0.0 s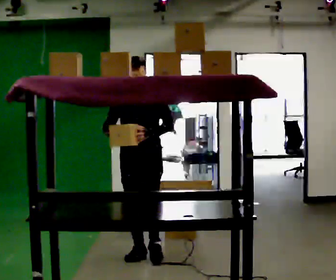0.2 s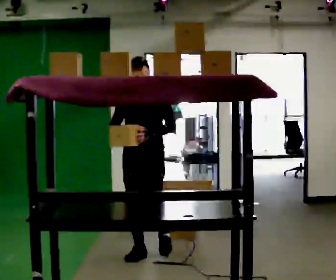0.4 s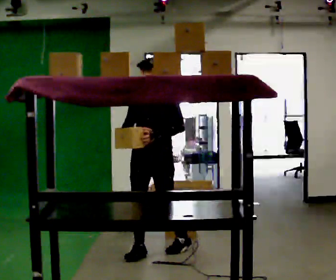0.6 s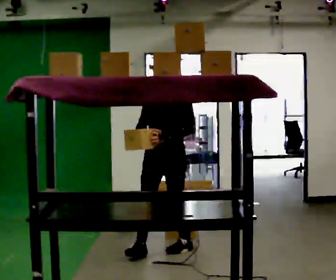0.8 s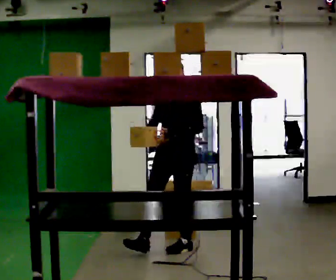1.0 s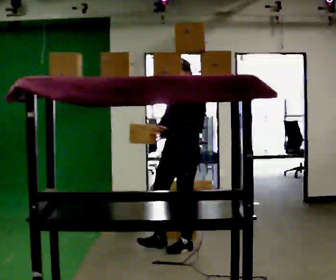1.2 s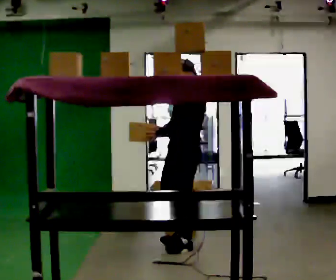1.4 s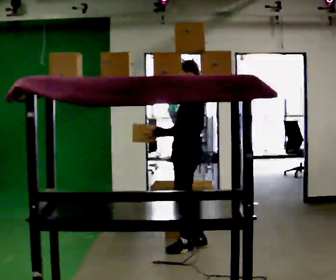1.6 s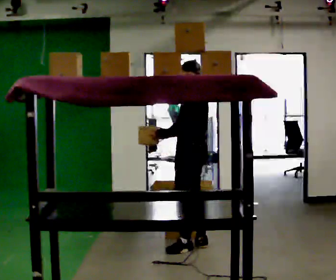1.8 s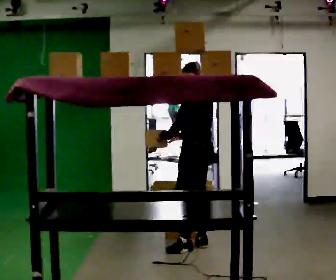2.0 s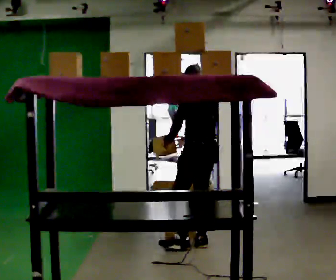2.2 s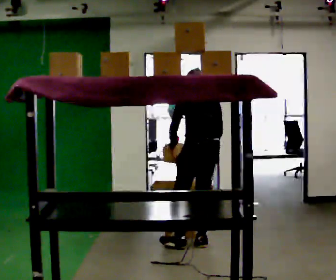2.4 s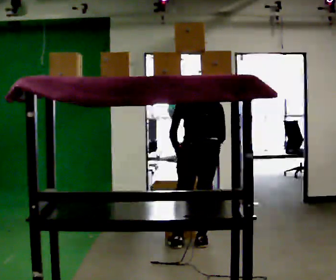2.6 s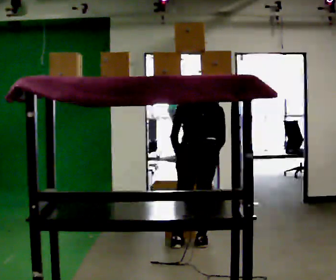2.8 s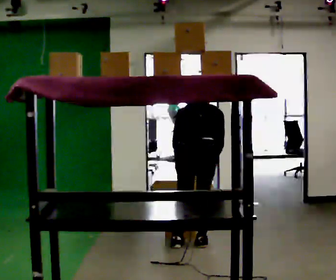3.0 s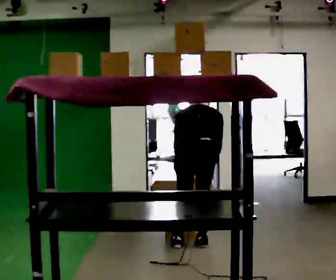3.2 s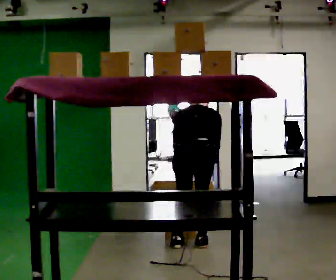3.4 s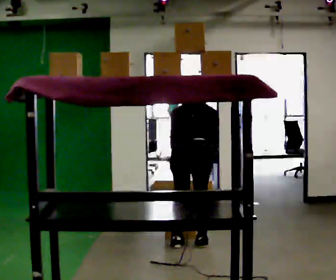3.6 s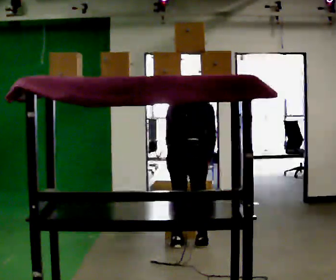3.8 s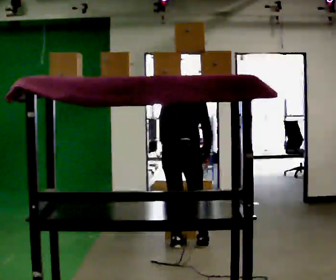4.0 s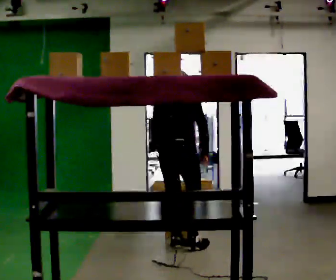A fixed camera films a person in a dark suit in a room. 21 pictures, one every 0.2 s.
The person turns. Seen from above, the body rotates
clockwise.
The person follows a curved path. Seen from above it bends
counterclockwise.
0.0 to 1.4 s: The part of the body nearest the lens slides to the left as the person turns to their right by about 75 degrees. In the picture they go to the right and away from the camera, about 0.5 m in 1 step.
1.4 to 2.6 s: Seen from above the body turns clockwise, about 90 degrees: to their right, with its near side sliding to the left. The upper body tips away from the camera, its near side rolling upward, as they bend forward. In the picture their right hand goes to the right, the arm swinging counterclockwise.
2.6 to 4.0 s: Seen from above the body turns clockwise, about 30 degrees: to their right, with its near side sliding to the left. In the picture they go to the left, about 0.25 m in 1 step, which for them is to their left.
The film runs backward here.
